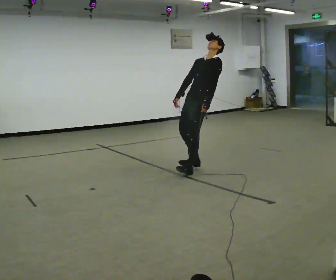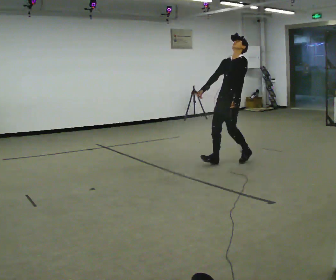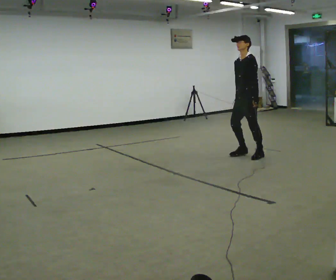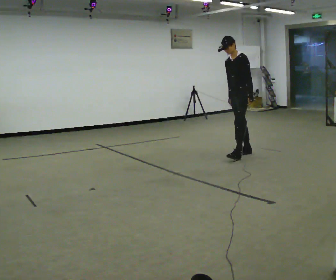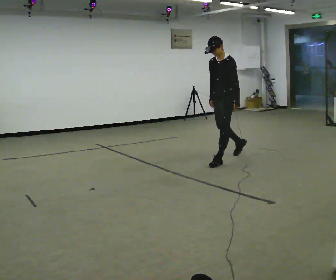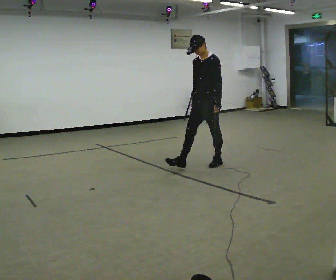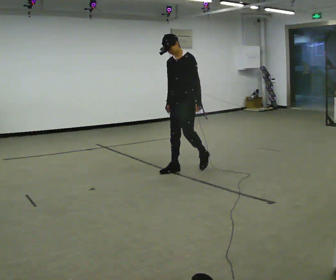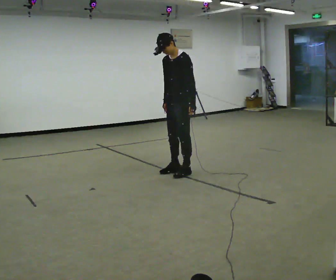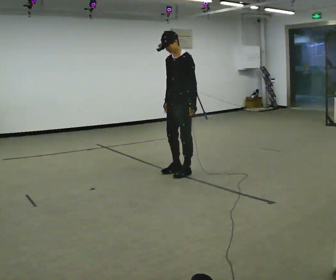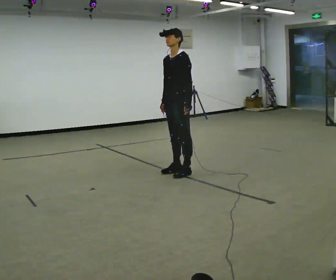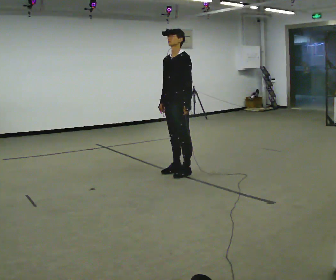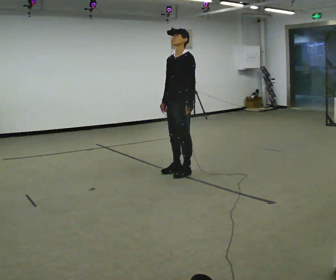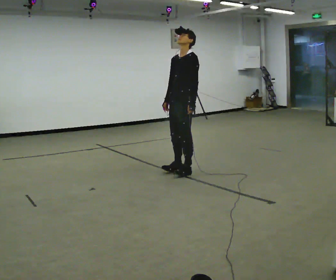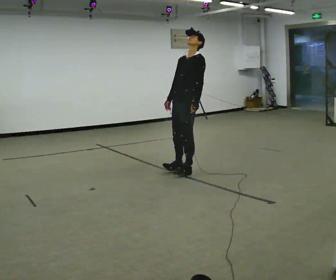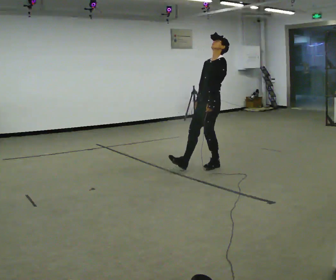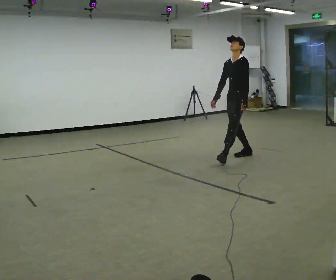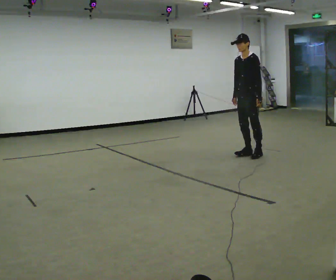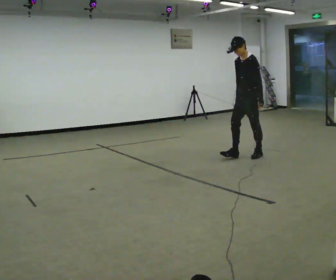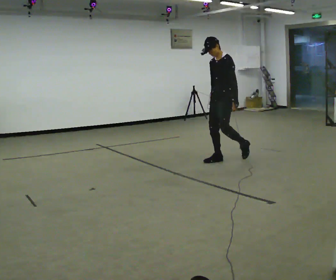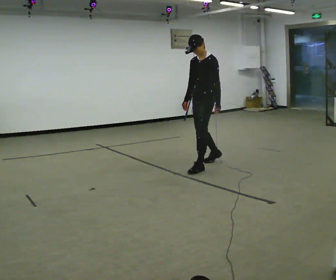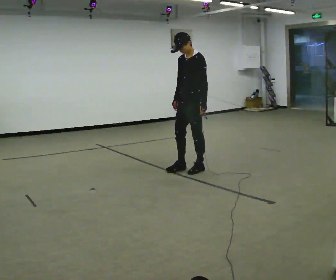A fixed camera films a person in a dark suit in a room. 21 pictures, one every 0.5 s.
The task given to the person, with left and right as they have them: Stand on the marked spots. Lean backward, keeping your body straight, until you cannot hold it, then step back to catch yourself. Return to the spots. Repeat at your own pace until the operator says stop. Go slowly and only as far as you are comfortable. Step whenever you need to; do not try to hold on longer than feels safe.
0.0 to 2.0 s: In the picture they go away from the camera and to the right, about 0.5 m in 4 steps, which for them is backward. In the picture the upper body tilts counterclockwise, shoulders to the left, as they bend forward.
2.0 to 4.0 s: In the picture they go to the left and toward the camera, about 1 m in 2 steps, which for them is forward.
4.0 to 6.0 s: The person moves a little, or ends about where they began.
6.0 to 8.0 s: In the picture they go to the right and away from the camera, about 1 m in 3 steps, which for them is backward.
8.0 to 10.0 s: In the picture they go to the left and toward the camera, about 1 m in 2 steps, which for them is forward.
The film runs forward here.
